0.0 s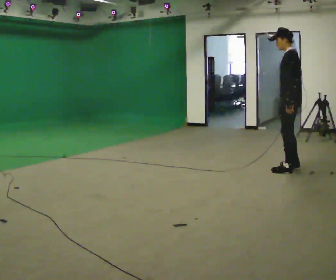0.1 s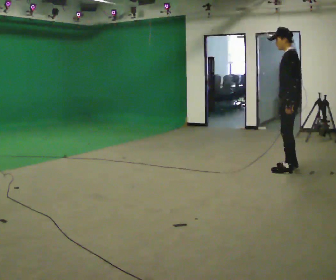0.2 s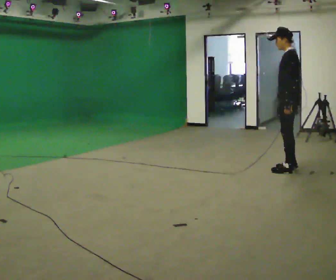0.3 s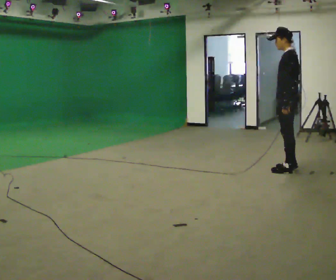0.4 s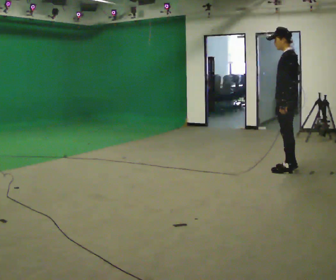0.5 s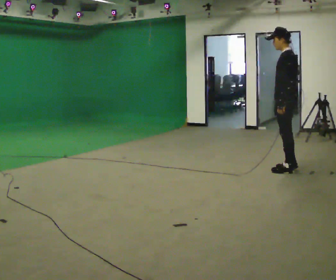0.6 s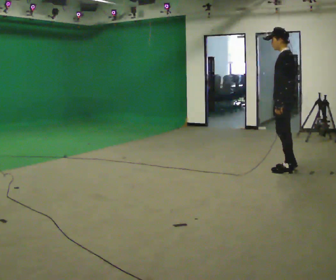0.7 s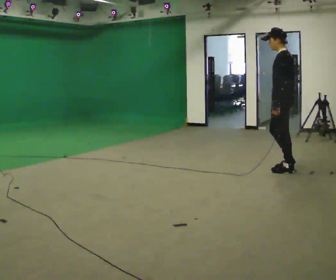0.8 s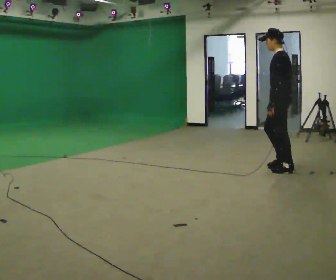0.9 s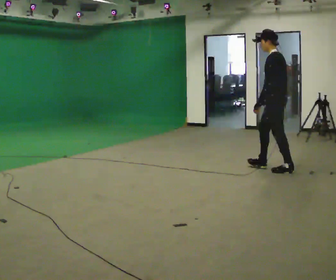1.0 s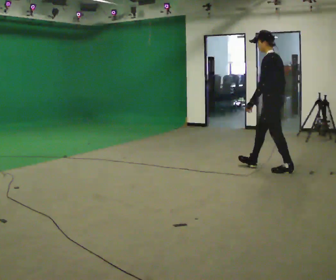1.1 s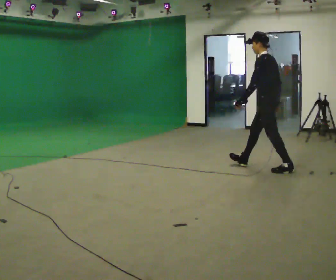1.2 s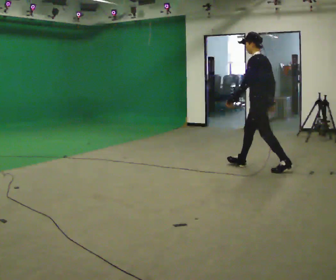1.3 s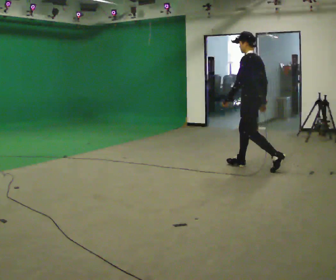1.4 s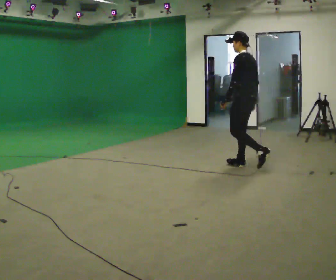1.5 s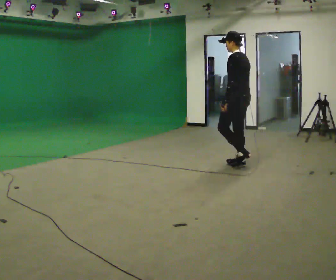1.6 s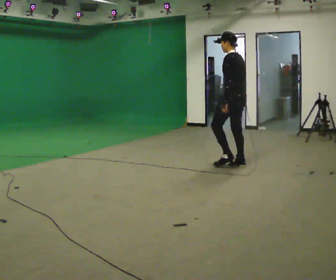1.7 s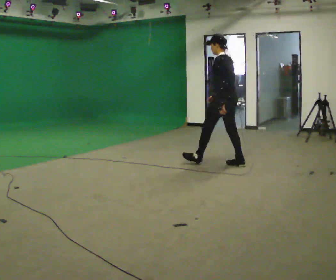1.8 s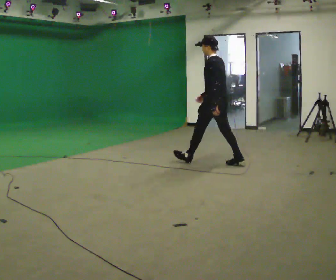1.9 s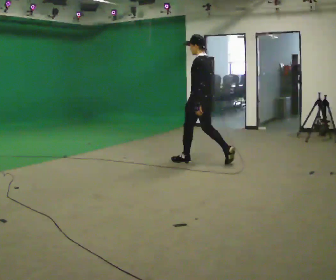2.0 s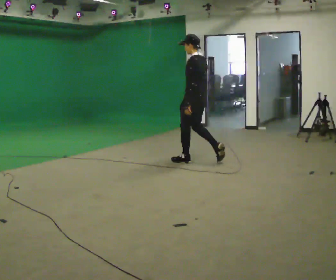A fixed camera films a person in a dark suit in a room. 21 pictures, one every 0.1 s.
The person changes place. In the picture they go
to the left.
0.0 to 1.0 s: In the picture they go to the left, about 0.25 m, which for them is forward.
1.0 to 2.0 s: In the picture they go to the left, about 1 m in 2 steps, which for them is forward.
The film runs forward here.
